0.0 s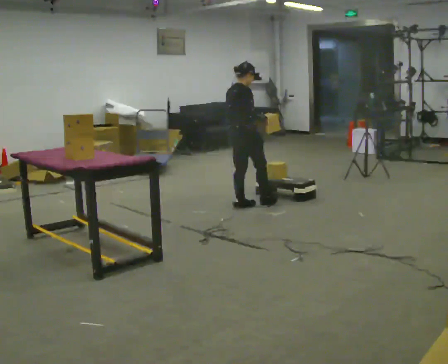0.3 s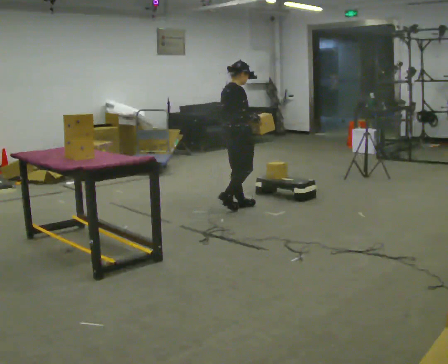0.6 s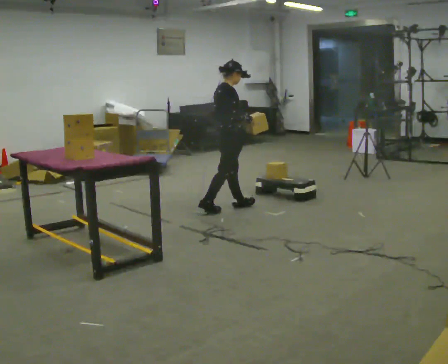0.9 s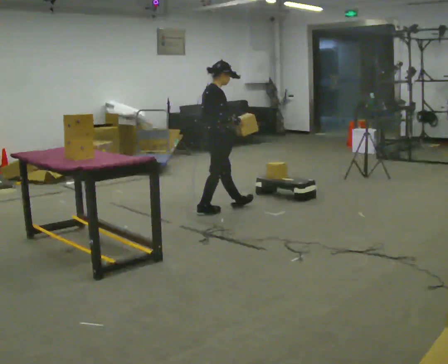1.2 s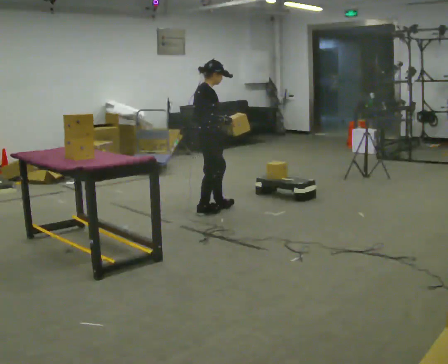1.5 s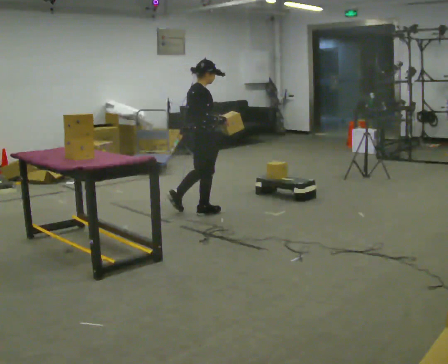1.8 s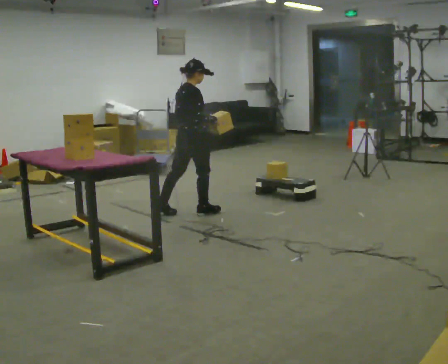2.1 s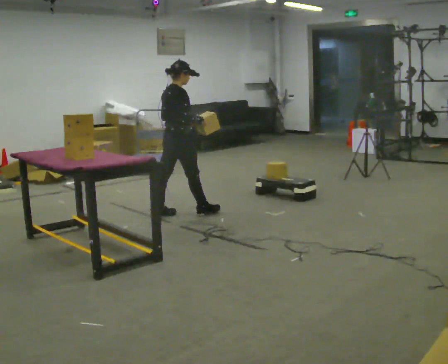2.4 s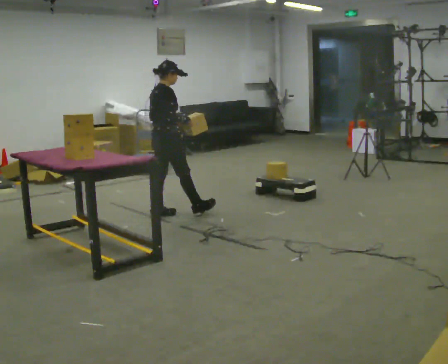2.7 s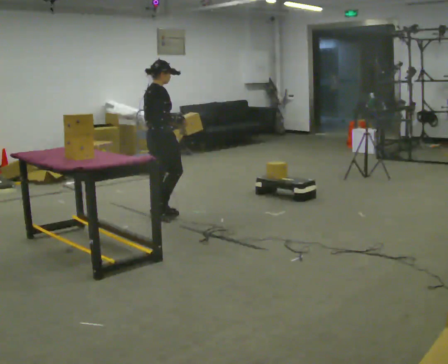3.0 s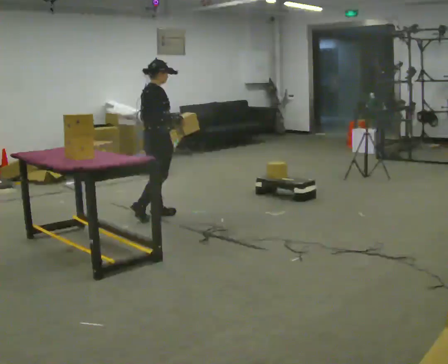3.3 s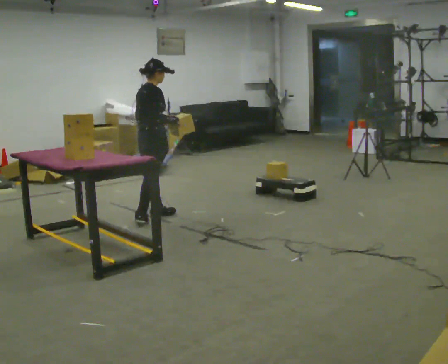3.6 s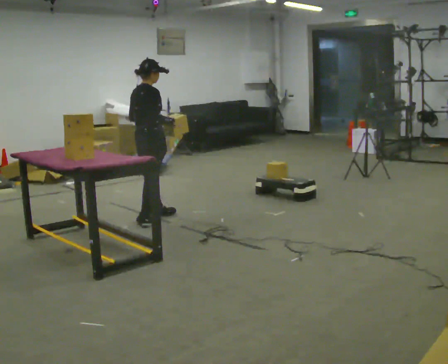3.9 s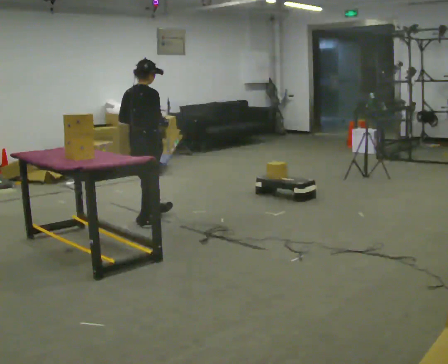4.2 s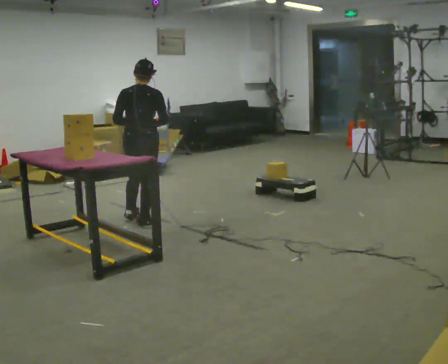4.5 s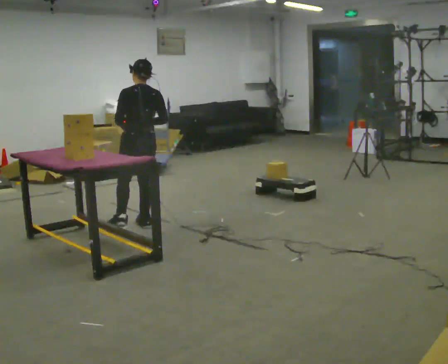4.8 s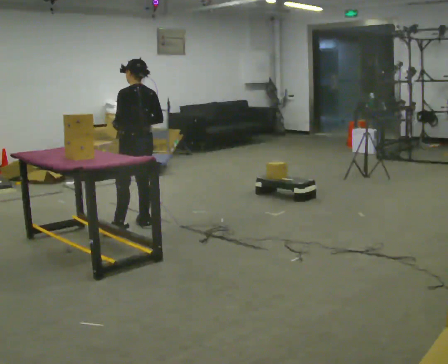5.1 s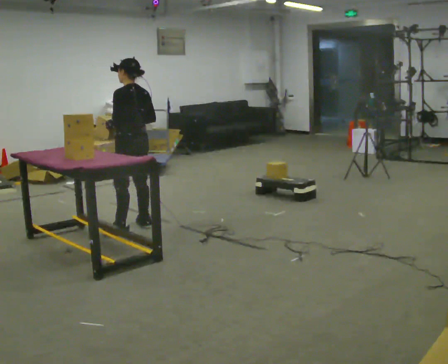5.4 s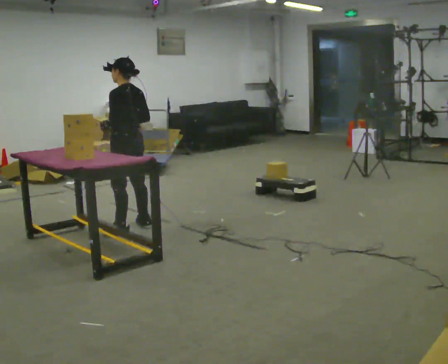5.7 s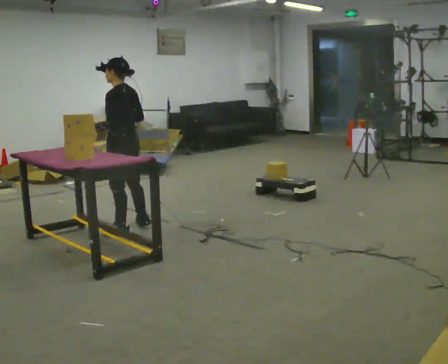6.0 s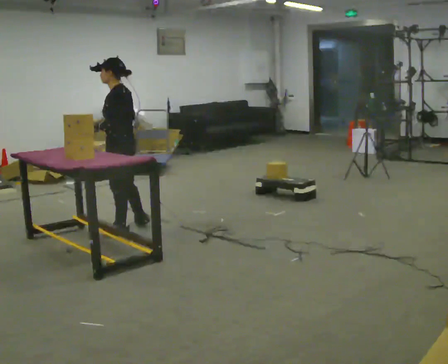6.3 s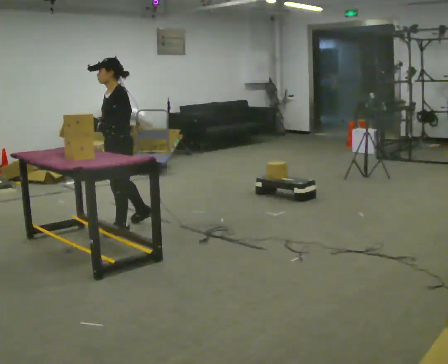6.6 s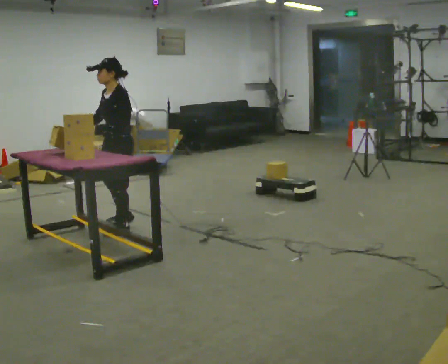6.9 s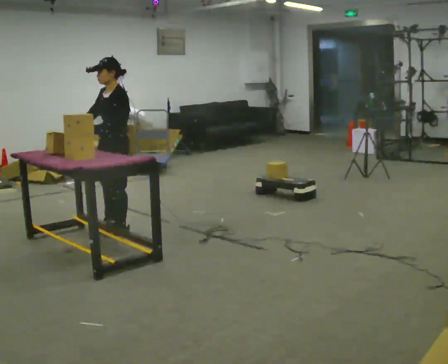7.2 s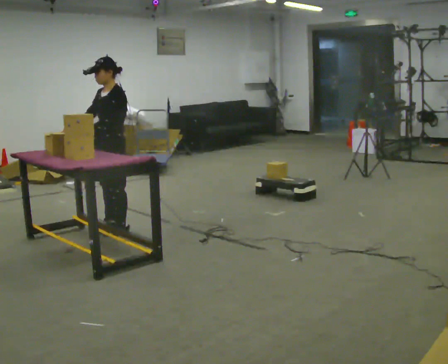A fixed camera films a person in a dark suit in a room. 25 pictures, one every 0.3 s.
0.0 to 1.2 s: In the picture they go to the left, about 0.5 m in 1 step, which for them is backward.
1.2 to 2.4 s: In the picture they go to the left, about 0.5 m in 1 step, which for them is backward and to their left.
2.4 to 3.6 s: In the picture they go to the left, about 0.25 m, which for them is backward.
3.6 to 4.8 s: The person turns about 90 degrees to their left, counterclockwise seen from above, so the part of the body nearest the lens slides to the right. In the picture they go toward the camera, about 0.25 m in 1 step. In the picture their left hand goes to the left.
4.8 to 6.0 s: The person turns about 30 degrees to their left, counterclockwise seen from above, so the part of the body nearest the lens slides to the right. In the picture they go to the left, about 0.25 m, which for them is to their left. In the picture their right hand goes to the left.
6.0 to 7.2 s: Seen from above the body turns counterclockwise, about 45 degrees: to their left, with its near side sliding to the right. In the picture their right hand goes to the left.
The film runs backward here.
